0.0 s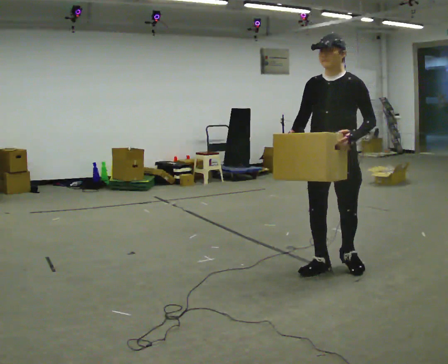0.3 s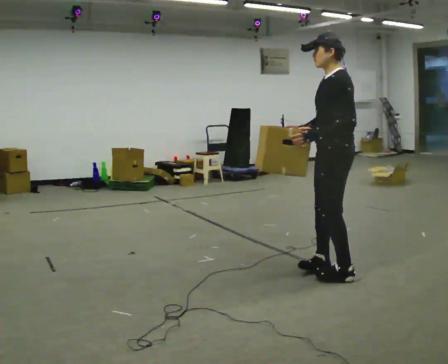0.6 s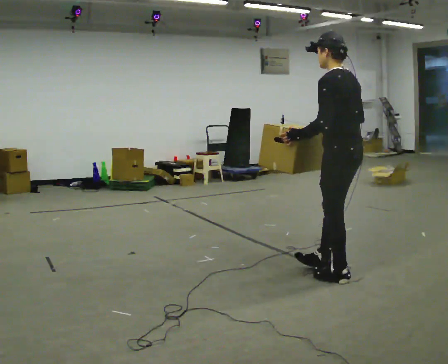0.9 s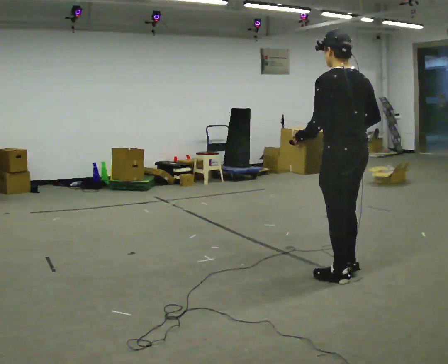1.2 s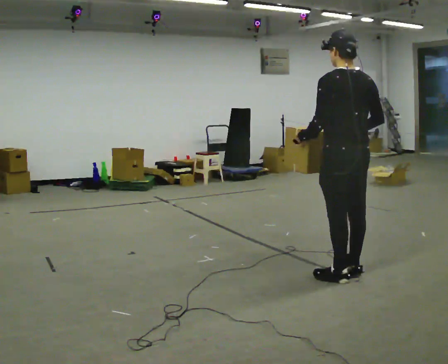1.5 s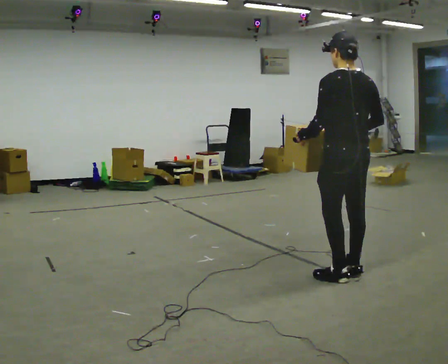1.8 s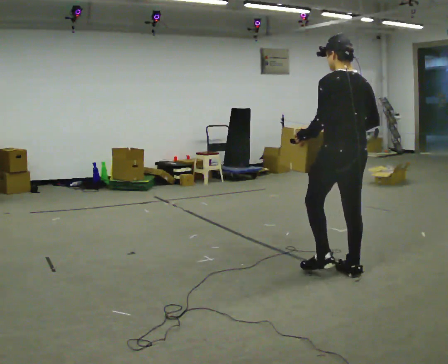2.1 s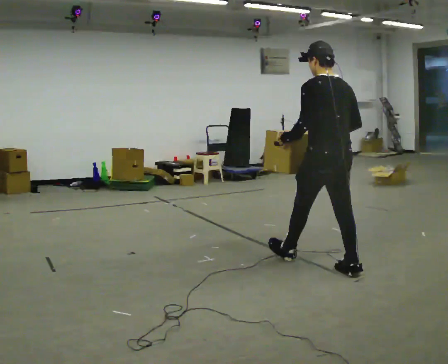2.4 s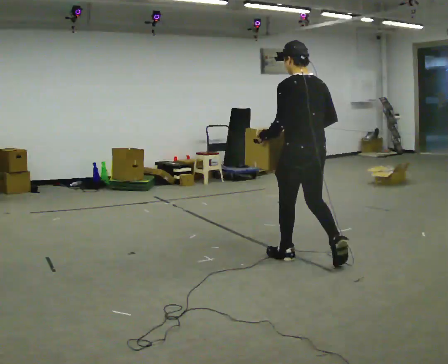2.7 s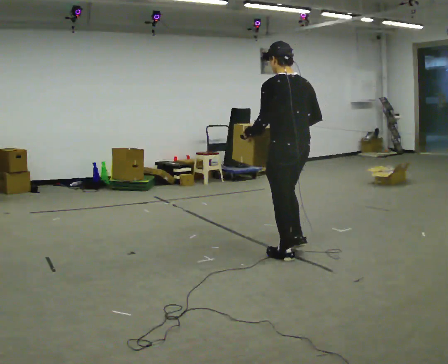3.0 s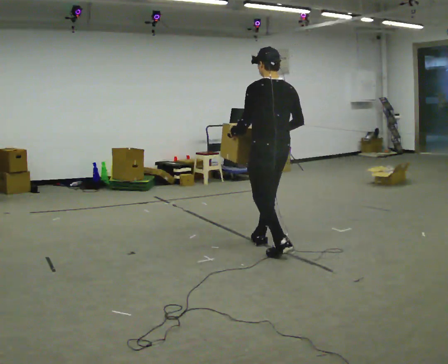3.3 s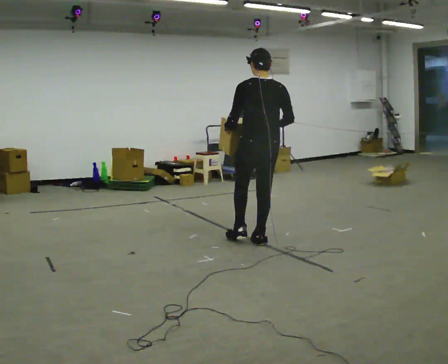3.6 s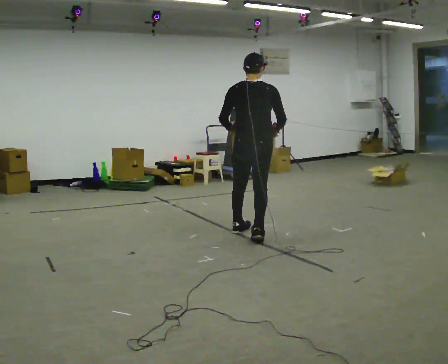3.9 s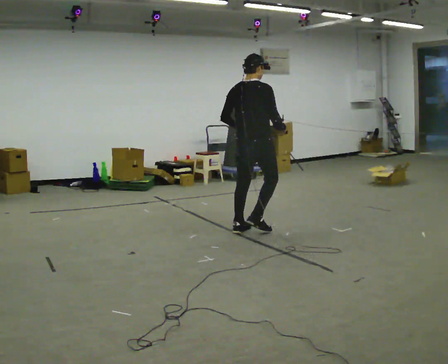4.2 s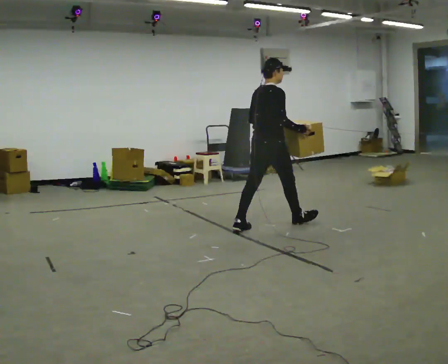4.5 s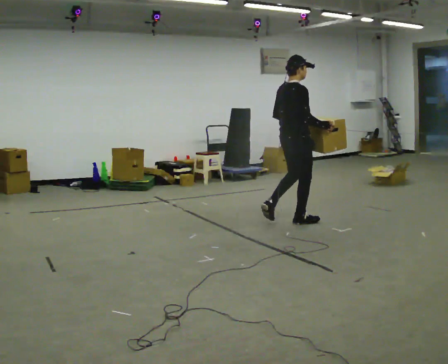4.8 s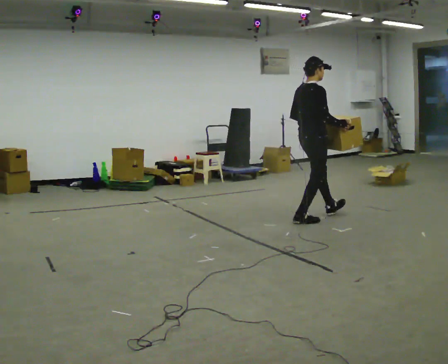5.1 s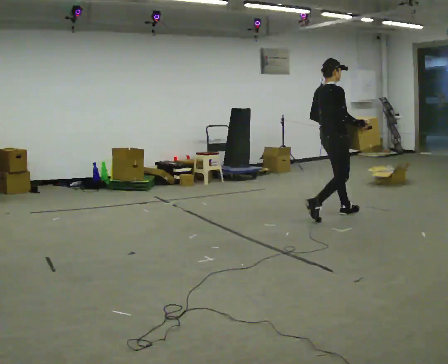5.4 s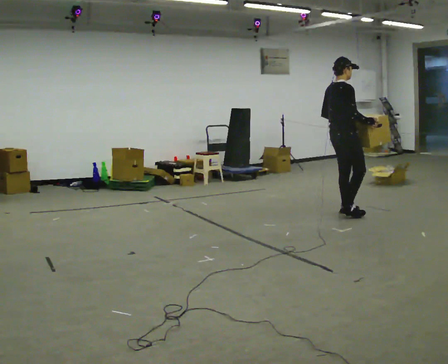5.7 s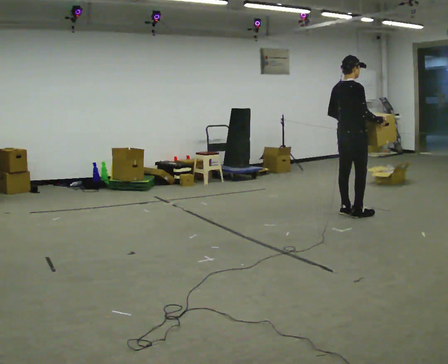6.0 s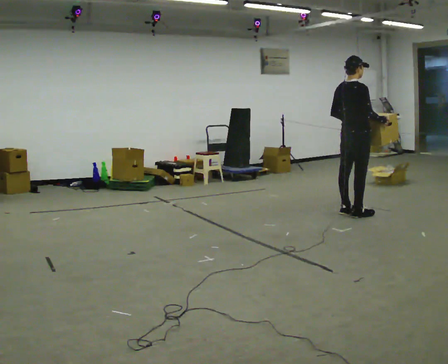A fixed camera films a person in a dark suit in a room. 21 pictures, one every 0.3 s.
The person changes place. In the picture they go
away from the camera.
Their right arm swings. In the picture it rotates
counterclockwise.
0.0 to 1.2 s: Seen from above the body turns clockwise, about 120 degrees: to their right, with its near side sliding to the left. In the picture they go toward the camera, about 0.25 m in 2 steps. In the picture their left hand goes to the left, the arm swinging clockwise.
1.2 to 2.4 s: In the picture they go away from the camera and to the left, about 0.5 m in 1 step, which for them is forward.
2.4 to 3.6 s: The part of the body nearest the lens slides to the left as the person turns to their right by about 45 degrees. In the picture they go away from the camera and to the left, about 1 m in 2 steps, which for them is forward.
3.6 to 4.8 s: The part of the body nearest the lens slides to the left as the person turns to their right by about 60 degrees. In the picture they go to the right and away from the camera, about 1 m in 1 step, which for them is forward.
4.8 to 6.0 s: In the picture they go to the right and away from the camera, about 0.5 m in 2 steps, which for them is forward.
The film runs forward here.
